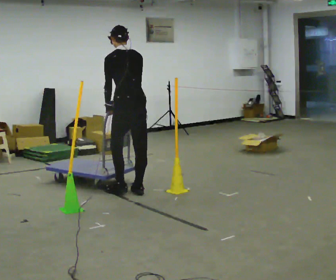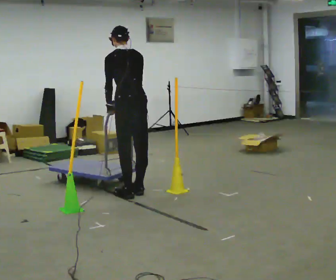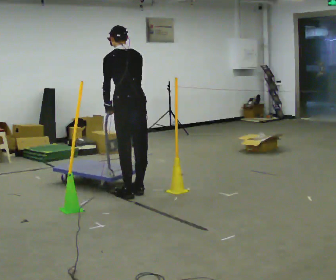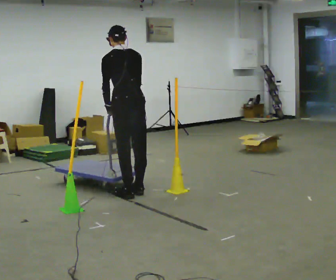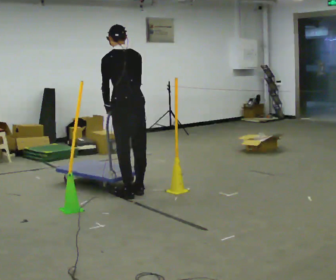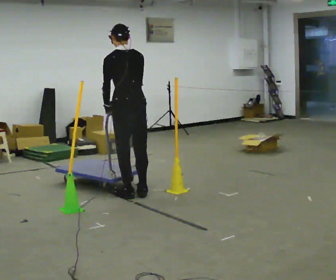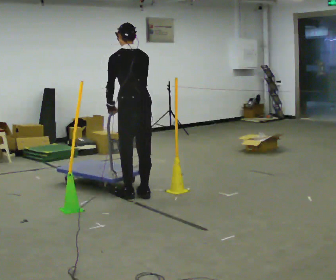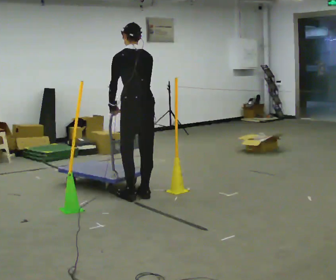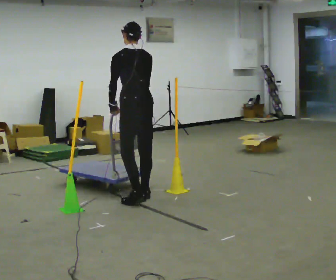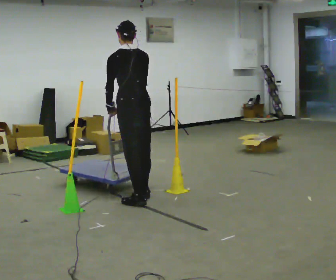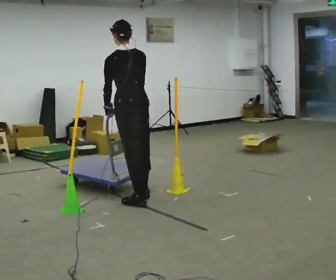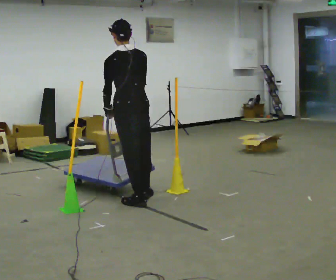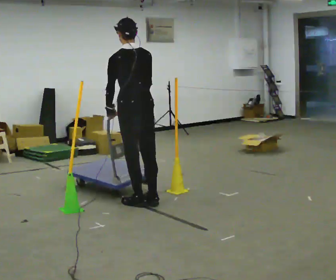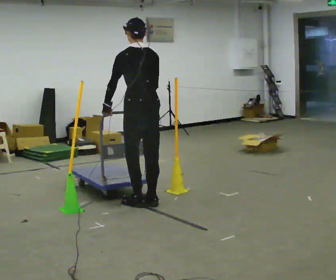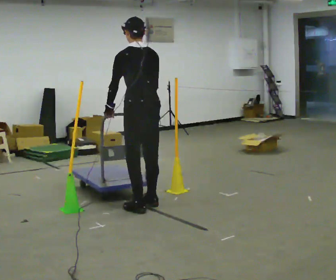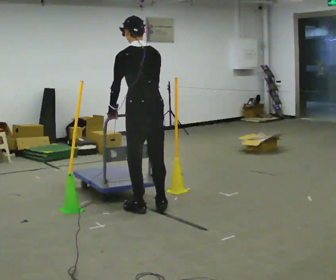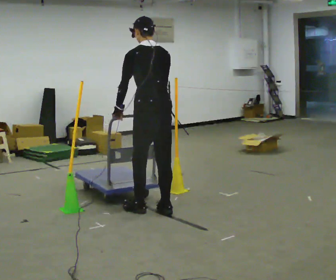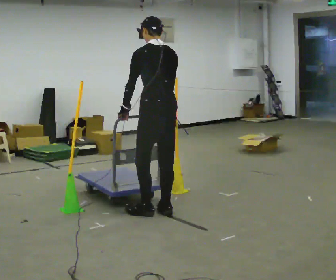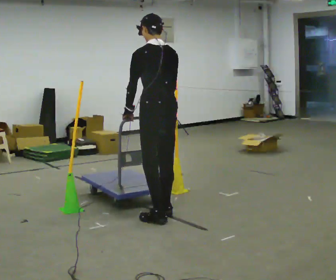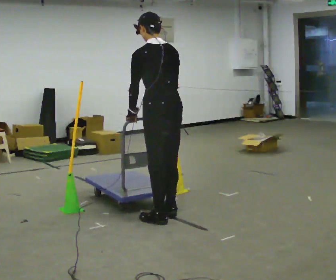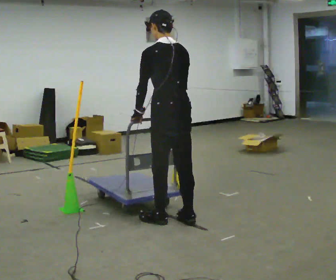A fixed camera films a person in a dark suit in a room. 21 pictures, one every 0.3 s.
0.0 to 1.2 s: In the picture they go toward the camera, about 0.25 m in 1 step, which for them is backward.
1.2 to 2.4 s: The person moves a little, or ends about where they began.
2.4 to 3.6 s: In the picture they go toward the camera, about 0.25 m in 1 step, which for them is backward.
3.6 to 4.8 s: In the picture they go toward the camera and to the right, about 0.25 m in 2 steps, which for them is backward.
4.8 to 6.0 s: In the picture they go toward the camera and to the right, about 0.25 m in 2 steps, which for them is backward.
The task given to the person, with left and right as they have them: Push the cart through the gap between the poles without touching them, then bring it back through.
The film runs forward here.
